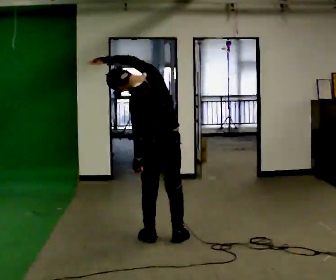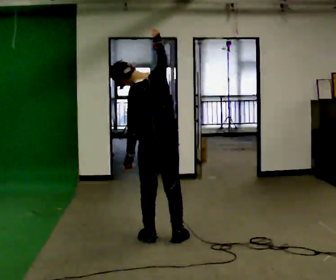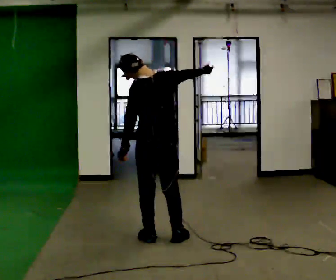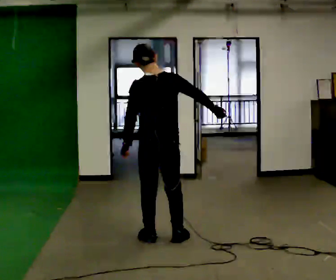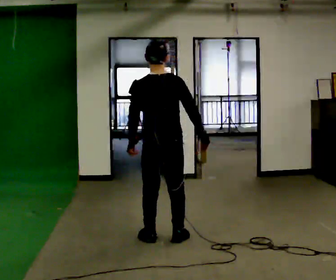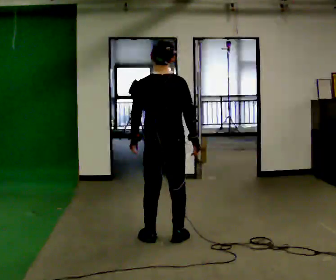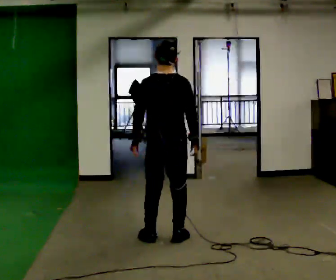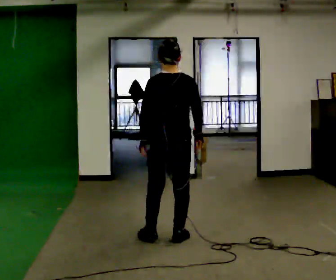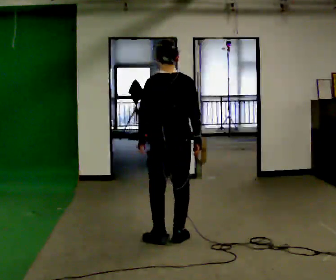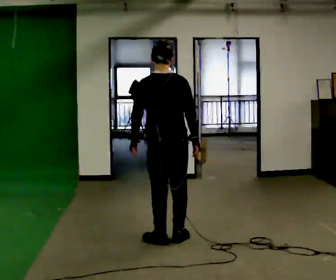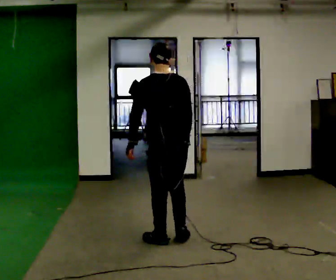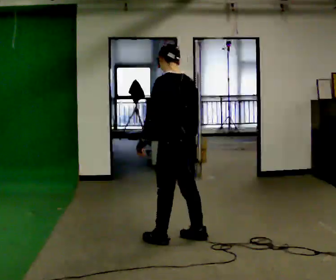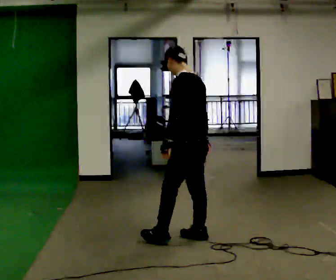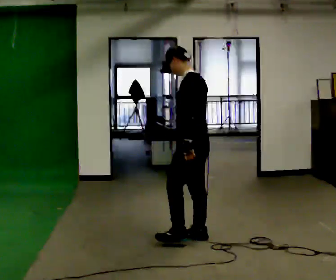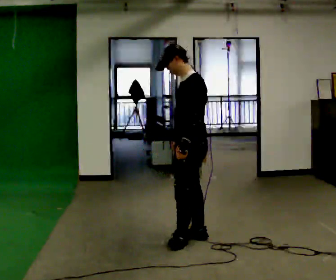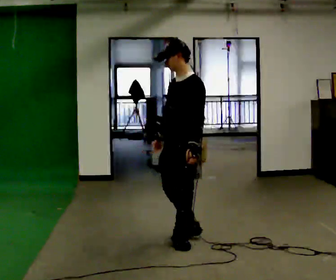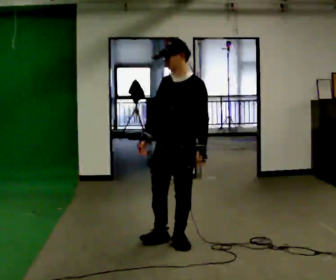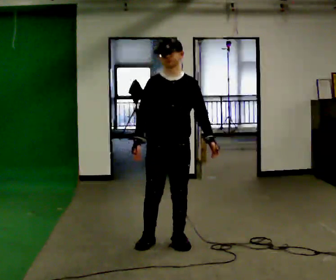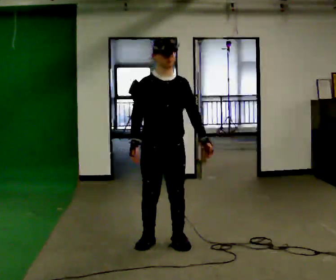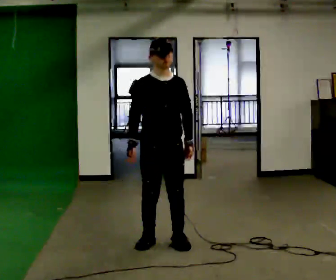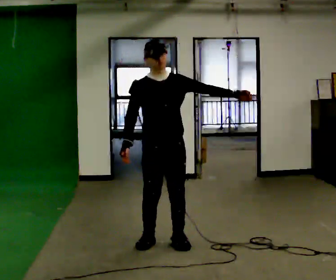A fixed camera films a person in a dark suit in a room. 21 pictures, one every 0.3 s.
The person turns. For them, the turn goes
to their left.
Their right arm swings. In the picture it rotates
clockwise.
0.0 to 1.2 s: In the picture their right hand goes to the right and downward, the arm swinging clockwise.
1.2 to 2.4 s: The person moves a little, or ends about where they began.
2.4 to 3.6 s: The person turns about 45 degrees to their left, counterclockwise seen from above, so the part of the body nearest the lens slides to the right. In the picture they go to the right, about 0.25 m in 1 step, which for them is to their right.
3.6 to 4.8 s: The part of the body nearest the lens slides to the right as the person turns to their left by about 90 degrees. In the picture their right hand goes to the left, the arm swinging clockwise.
4.8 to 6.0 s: The part of the body nearest the lens slides to the right as the person turns to their left by about 45 degrees. In the picture their left hand goes upward.
The film runs backward here.
